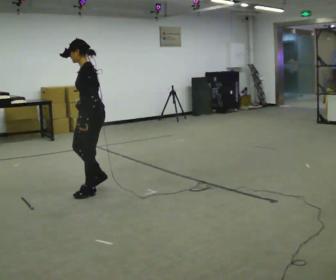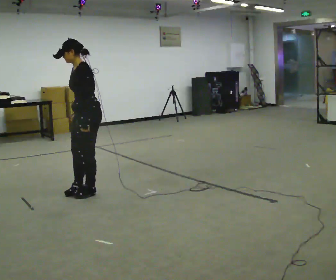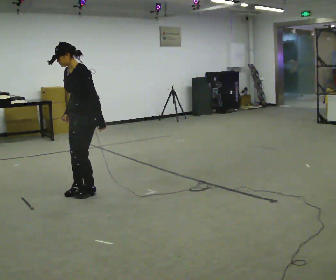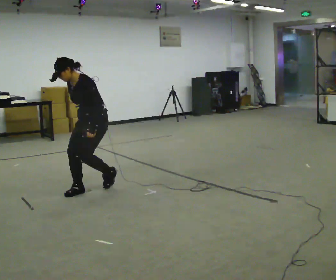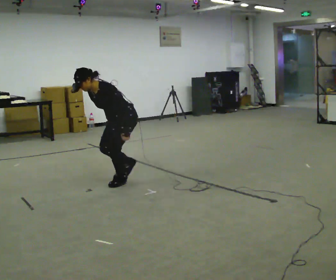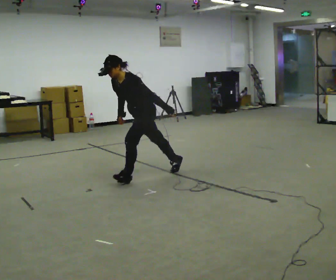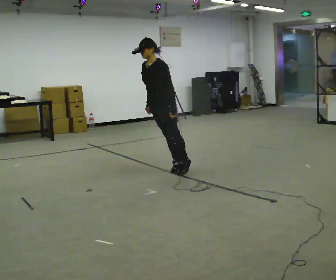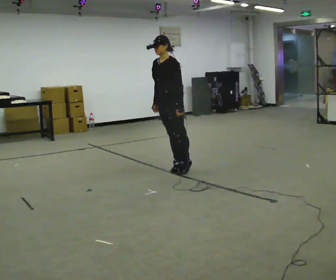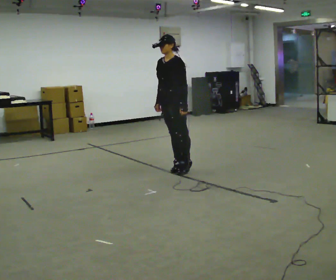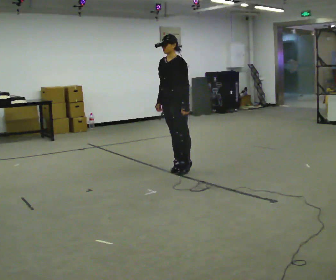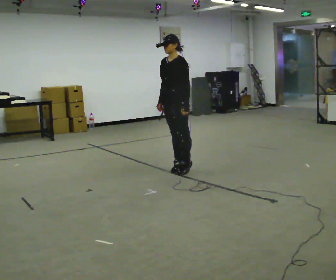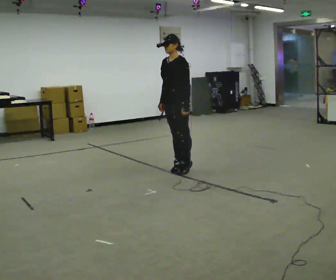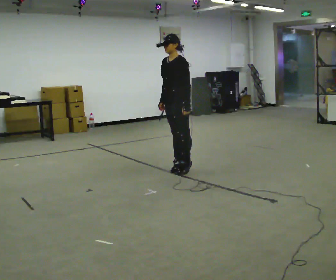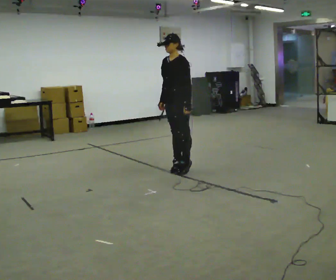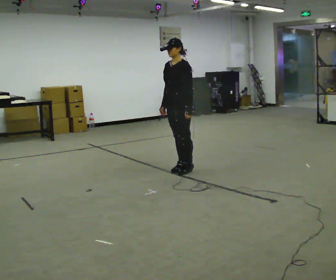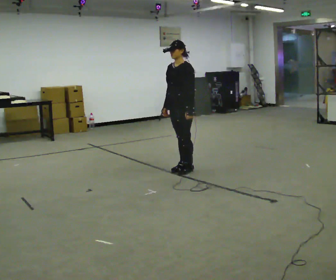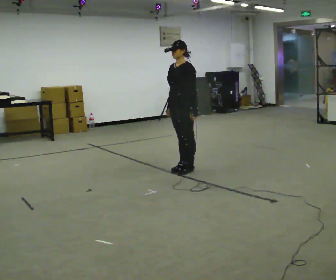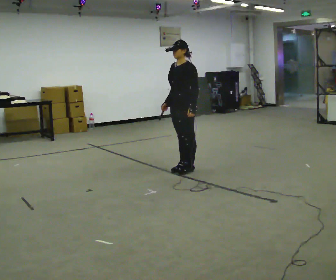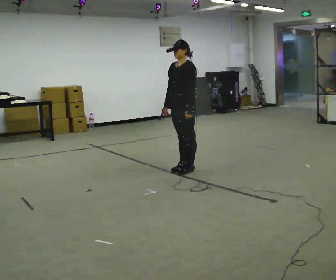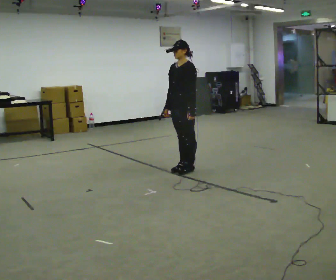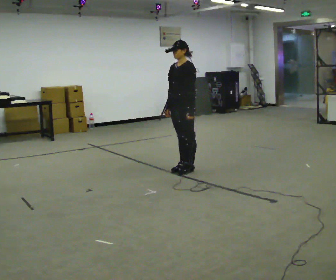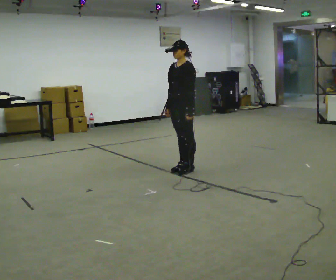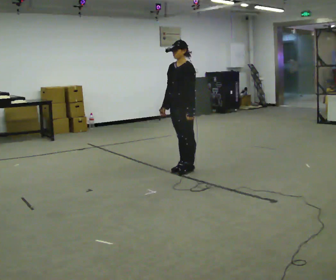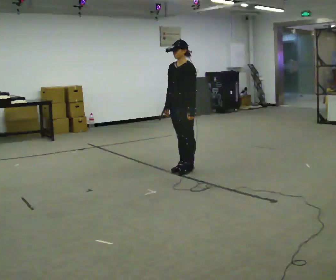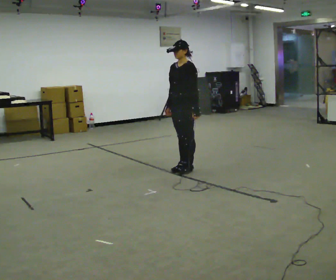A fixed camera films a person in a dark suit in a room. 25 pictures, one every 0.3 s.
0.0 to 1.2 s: In the picture they go away from the camera and to the right, about 0.25 m in 2 steps, which for them is backward. The shoulders move downward. The upper body tips toward the camera, its near side rolling downward, as they bend forward.
1.2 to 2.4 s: In the picture they go to the right and away from the camera, about 0.5 m in 1 step, which for them is backward. The shoulders move upward. The upper body tips away from the camera, its near side rolling upward, as they lean back or straighten.
2.4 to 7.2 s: The person moves a little, or ends about where they began.
The film runs backward here.
